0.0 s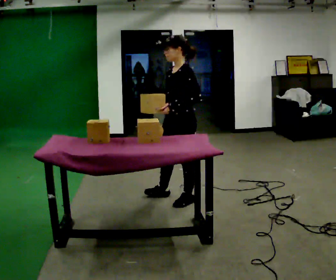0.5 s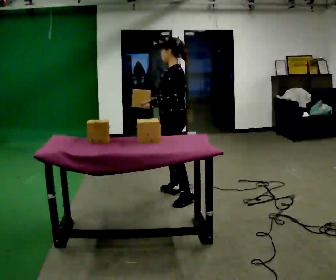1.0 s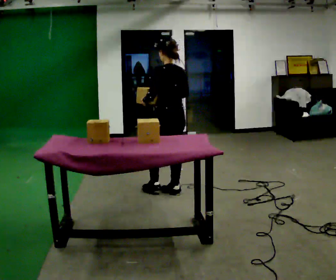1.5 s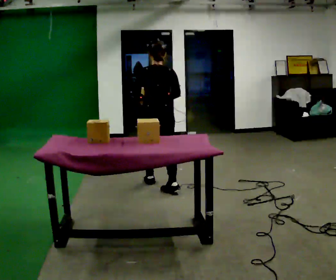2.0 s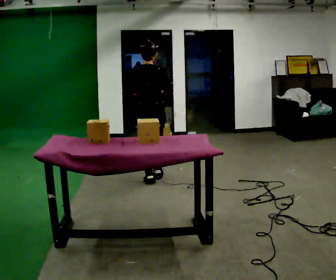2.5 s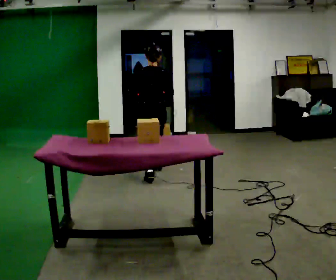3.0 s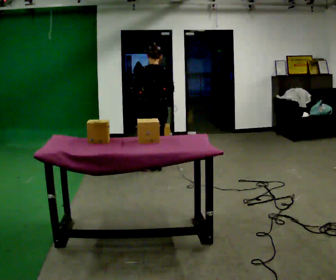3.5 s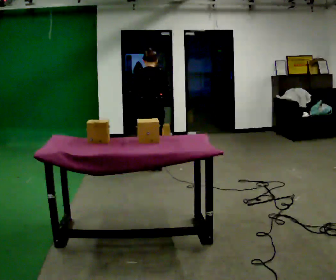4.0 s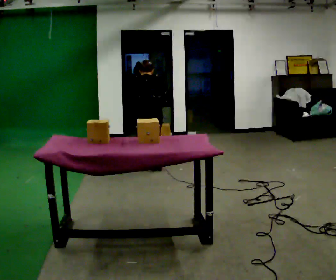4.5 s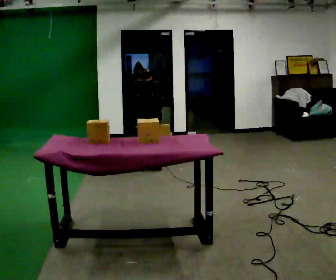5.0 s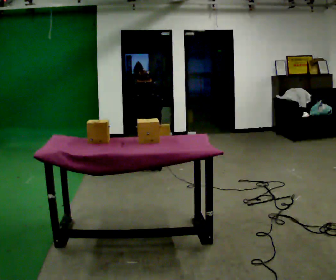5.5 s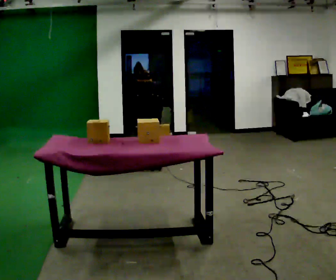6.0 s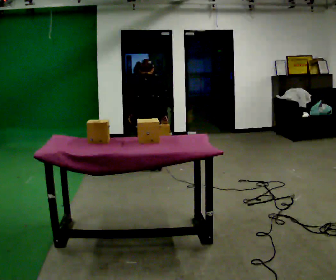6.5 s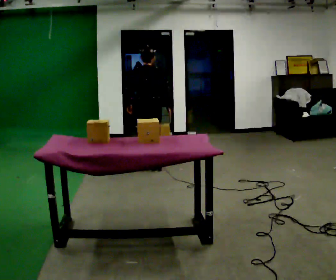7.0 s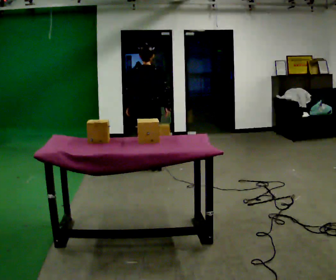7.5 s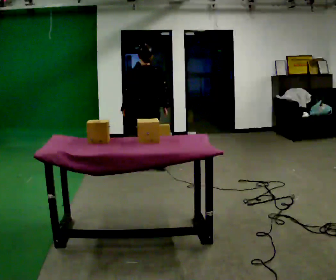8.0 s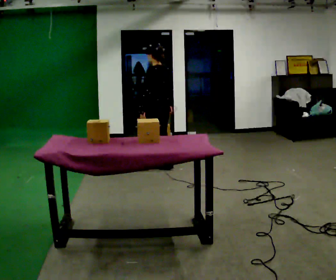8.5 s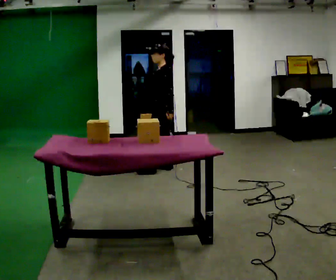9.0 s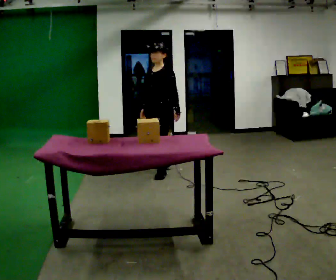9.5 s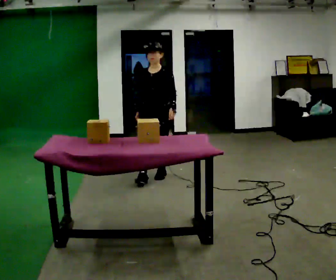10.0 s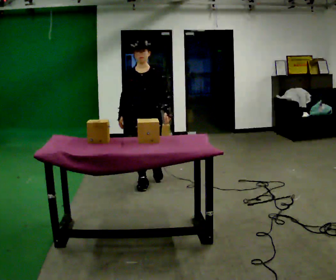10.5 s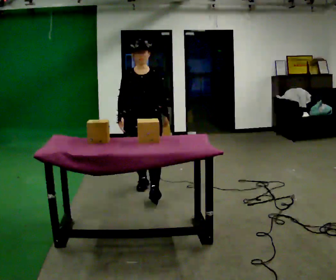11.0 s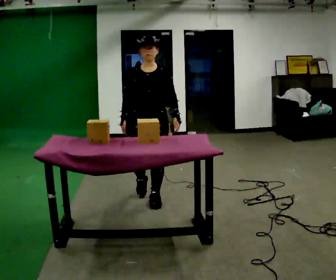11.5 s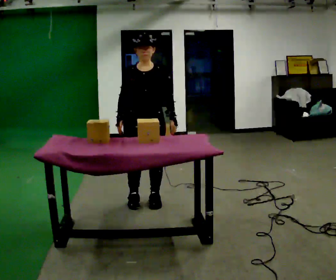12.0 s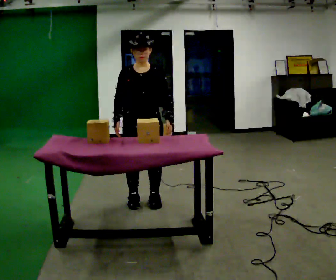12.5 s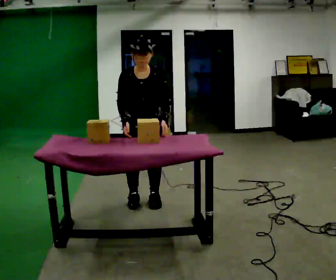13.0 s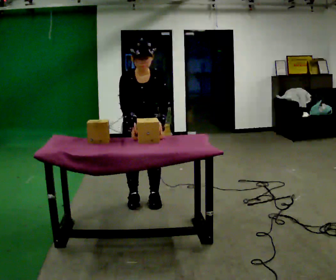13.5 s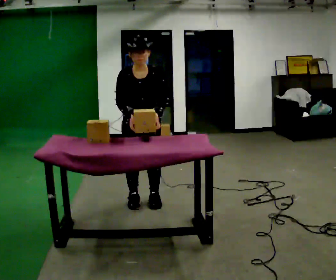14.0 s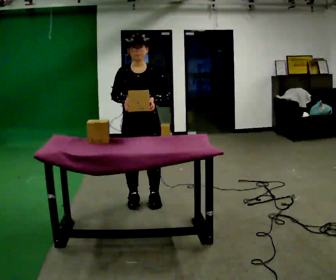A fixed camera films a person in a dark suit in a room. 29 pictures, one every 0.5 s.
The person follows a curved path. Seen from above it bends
clockwise.
0.0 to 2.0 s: Seen from above the body turns clockwise, about 105 degrees: to their right, with its near side sliding to the left. In the picture they go away from the camera, about 1 m in 2 steps.
2.0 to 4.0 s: In the picture they go away from the camera, about 0.5 m in 2 steps, which for them is forward. The upper body tips away from the camera, its near side rolling upward, as they bend forward.
4.0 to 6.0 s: The person moves a little, or ends about where they began.
6.0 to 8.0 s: The part of the body nearest the lens slides to the right as the person turns to their left by about 45 degrees. The upper body tips toward the camera, its near side rolling downward, as they lean back or straighten.
8.0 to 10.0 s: The part of the body nearest the lens slides to the right as the person turns to their left by about 135 degrees. In the picture they go toward the camera, about 0.5 m in 2 steps.
10.0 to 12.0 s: In the picture they go toward the camera, about 0.5 m in 2 steps, which for them is forward.
12.0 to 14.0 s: The person moves a little, or ends about where they began.
The film runs forward here.
